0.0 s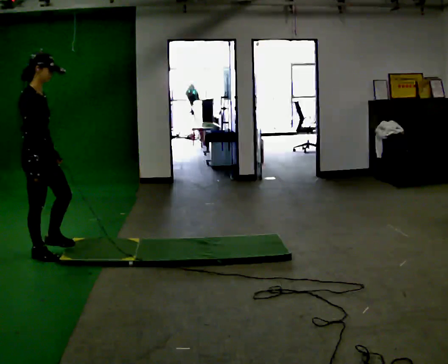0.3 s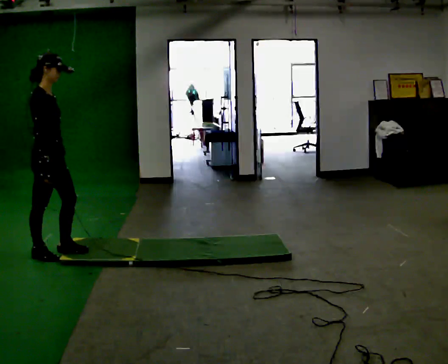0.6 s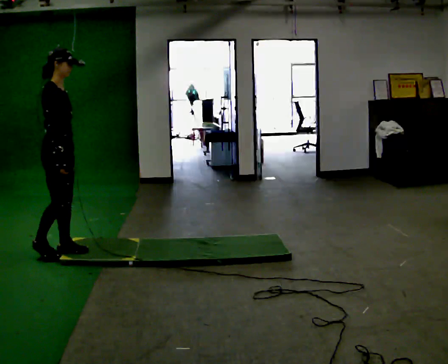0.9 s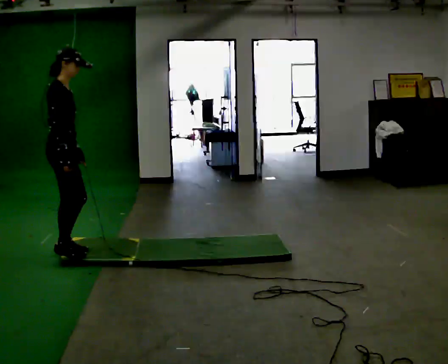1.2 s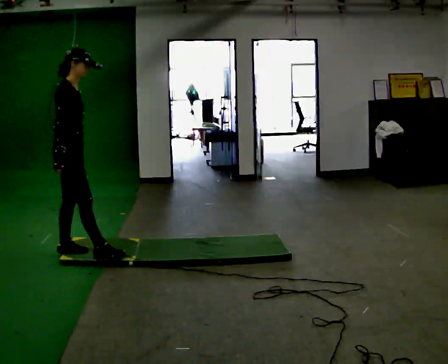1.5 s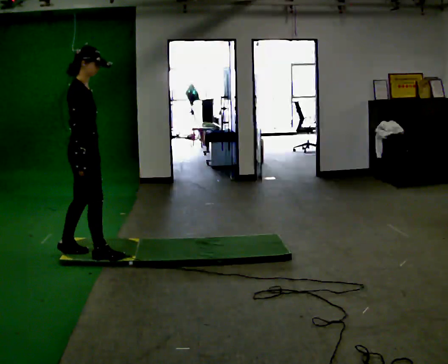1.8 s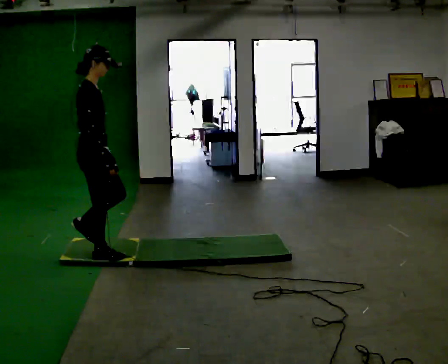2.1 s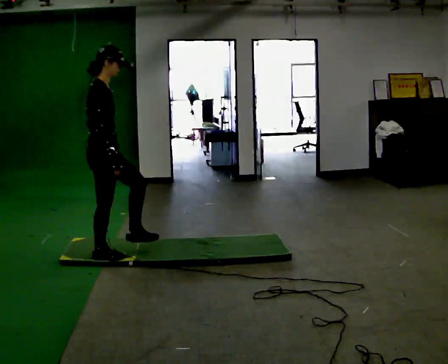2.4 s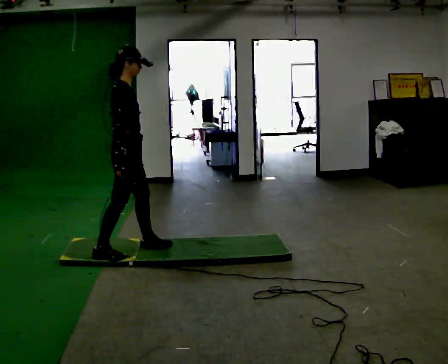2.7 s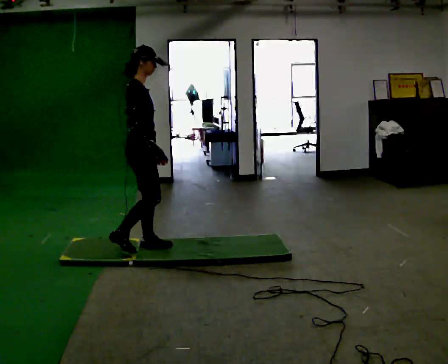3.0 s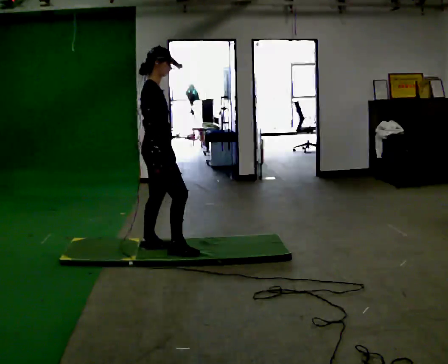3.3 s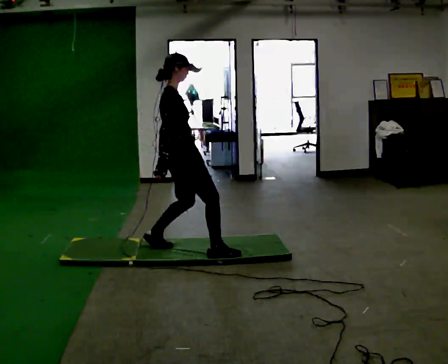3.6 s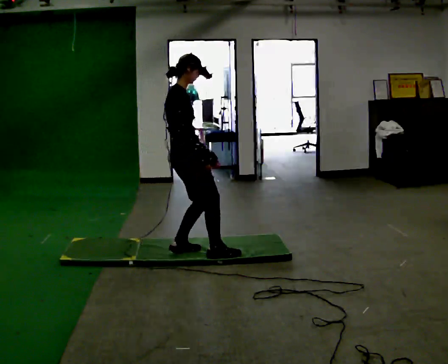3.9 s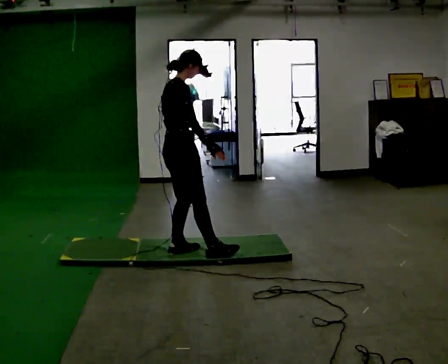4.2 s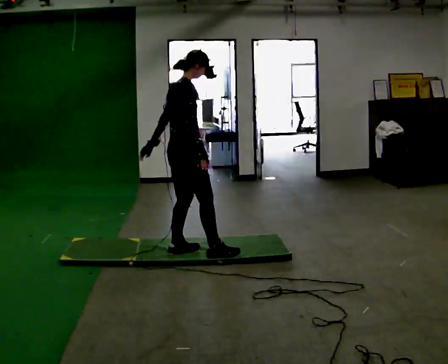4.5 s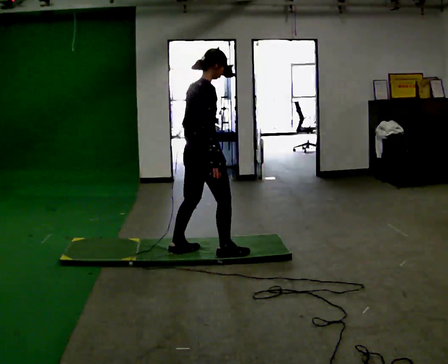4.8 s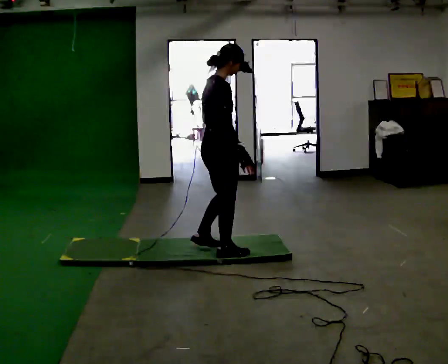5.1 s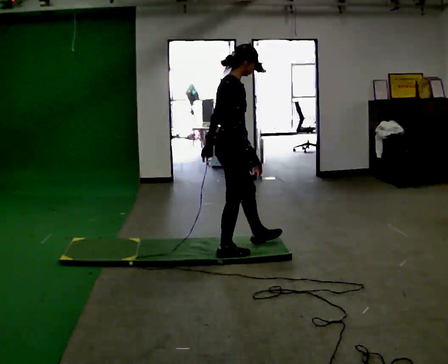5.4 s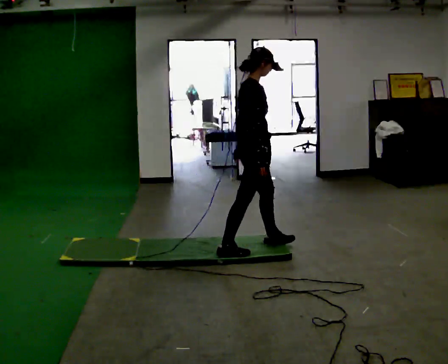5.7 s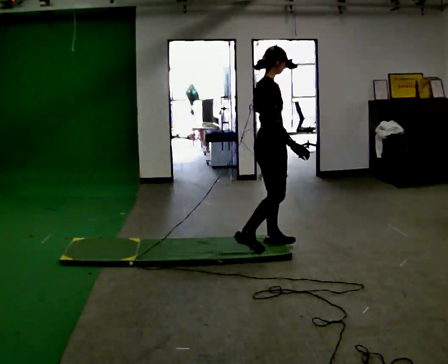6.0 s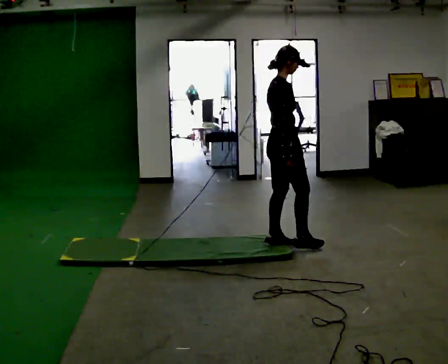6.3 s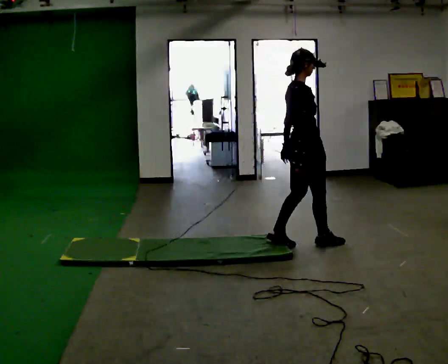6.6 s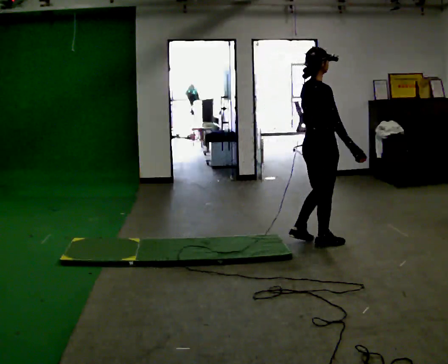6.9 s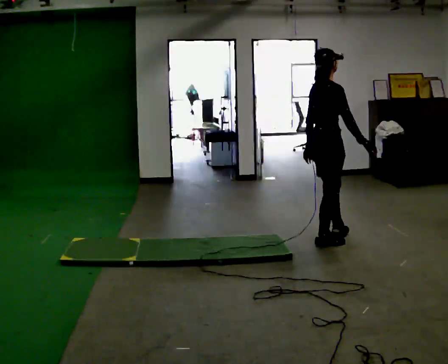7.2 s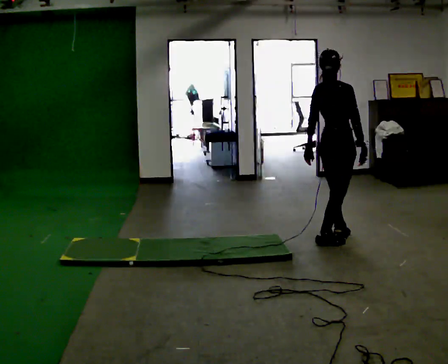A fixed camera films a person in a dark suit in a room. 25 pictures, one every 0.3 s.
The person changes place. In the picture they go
to the right.
0.0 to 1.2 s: In the picture they go to the right, about 0.25 m in 2 steps, which for them is forward.
1.2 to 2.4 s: In the picture they go to the right, about 0.5 m in 1 step, which for them is forward.
2.4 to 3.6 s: In the picture they go to the right, about 0.5 m in 2 steps, which for them is forward.
3.6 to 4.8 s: In the picture they go to the right, about 0.25 m, which for them is forward.
4.8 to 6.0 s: In the picture they go to the right and away from the camera, about 0.5 m in 1 step, which for them is forward.
6.0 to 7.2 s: Seen from above the body turns counterclockwise, about 30 degrees: to their left, with its near side sliding to the right. In the picture they go to the right, about 0.5 m in 2 steps, which for them is forward.
The film runs forward here.
